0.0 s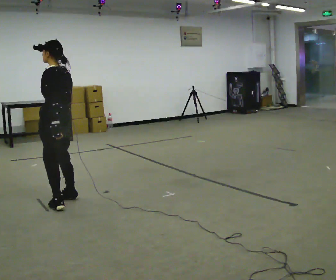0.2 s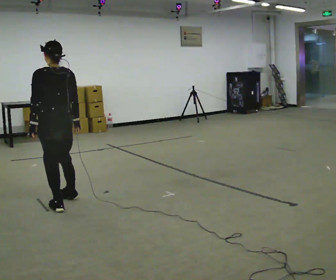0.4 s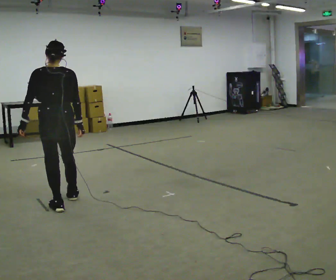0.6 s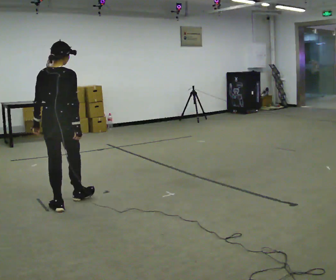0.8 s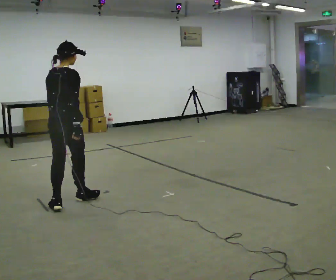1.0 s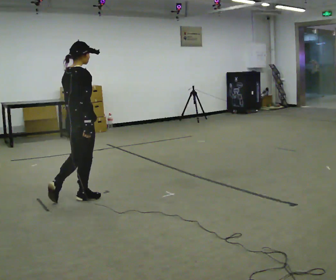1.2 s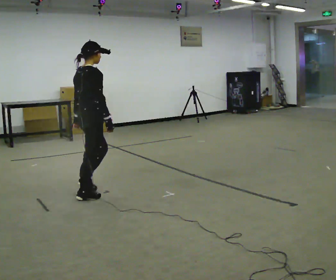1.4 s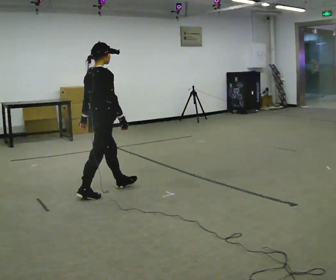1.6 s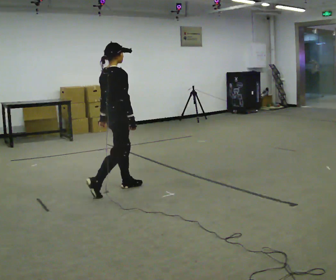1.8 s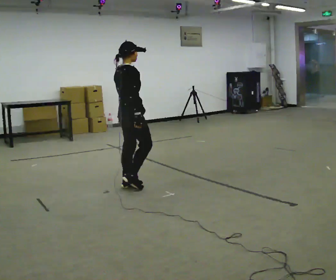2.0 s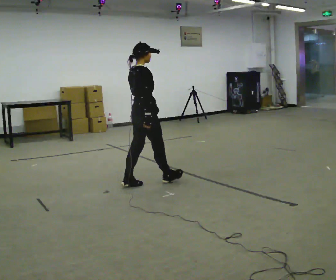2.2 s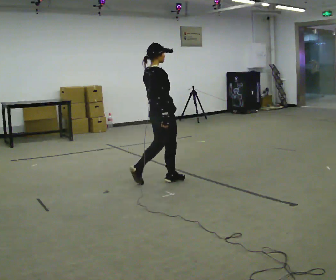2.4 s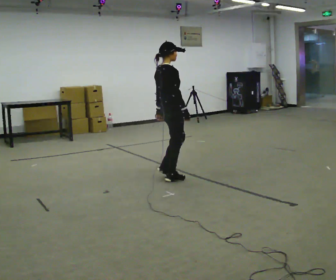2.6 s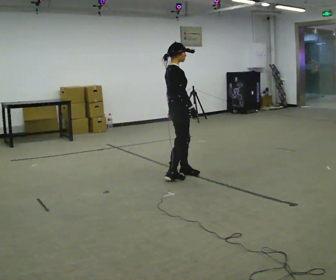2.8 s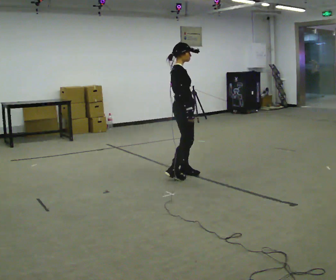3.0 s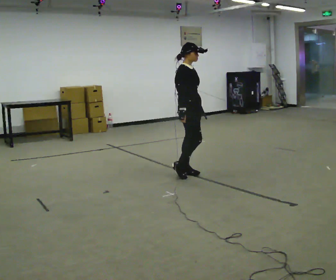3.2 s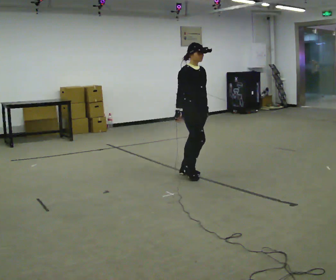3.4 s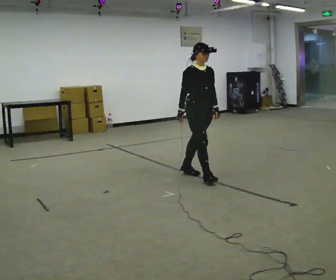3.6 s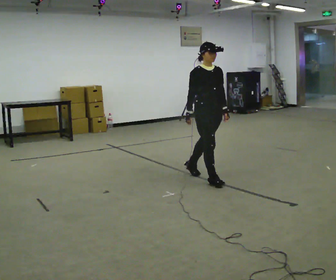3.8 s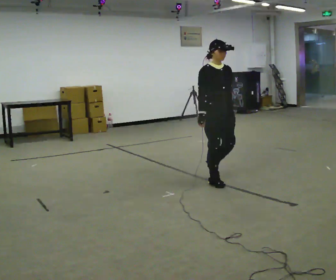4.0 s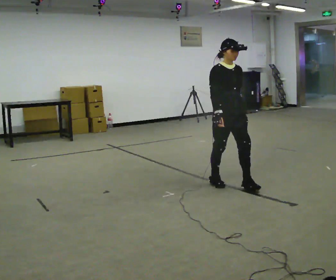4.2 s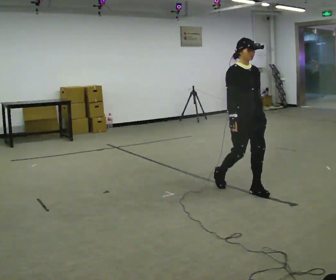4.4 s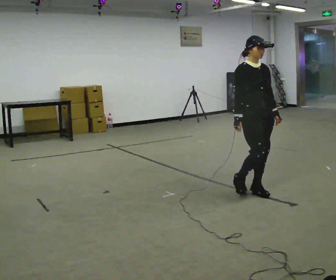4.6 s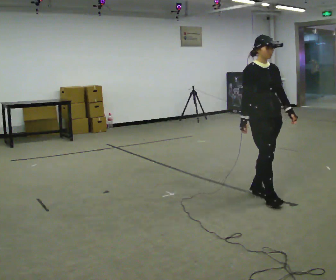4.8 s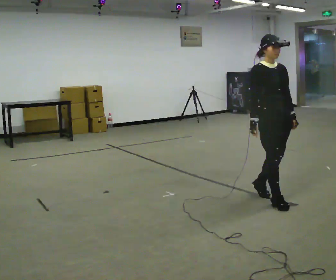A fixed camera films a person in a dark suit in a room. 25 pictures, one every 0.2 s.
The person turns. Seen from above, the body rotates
clockwise.
The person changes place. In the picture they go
to the right.
0.0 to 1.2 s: The person turns about 120 degrees to their right, clockwise seen from above, so the part of the body nearest the lens slides to the left. In the picture they go away from the camera and to the right, about 0.25 m in 1 step.
1.2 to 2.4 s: In the picture they go to the right and away from the camera, about 1 m in 2 steps, which for them is forward.
2.4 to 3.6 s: The person turns about 75 degrees to their right, clockwise seen from above, so the part of the body nearest the lens slides to the left. In the picture they go to the right, about 0.5 m in 2 steps.
3.6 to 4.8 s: In the picture they go toward the camera and to the right, about 1 m in 2 steps, which for them is forward.
The film runs forward here.
